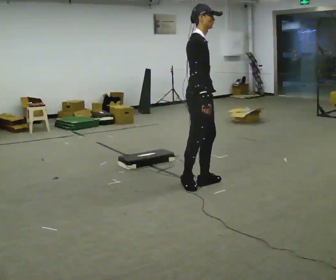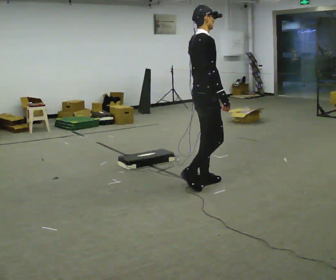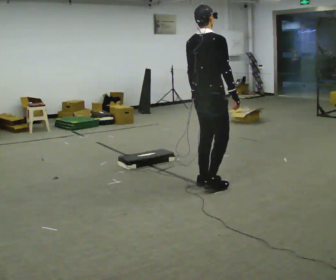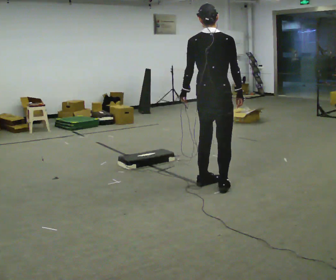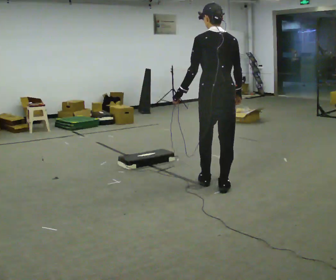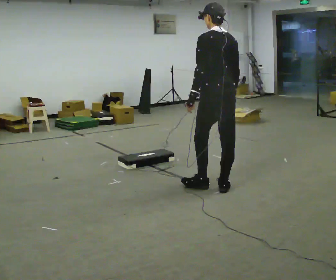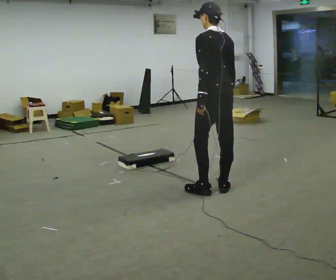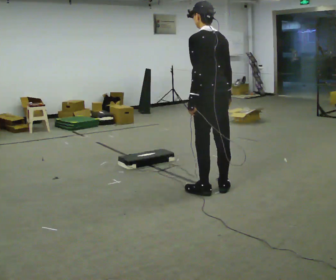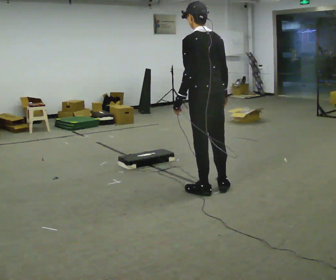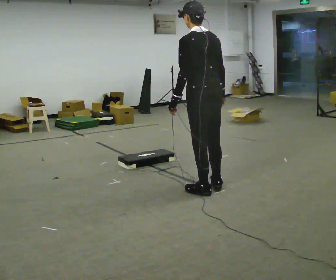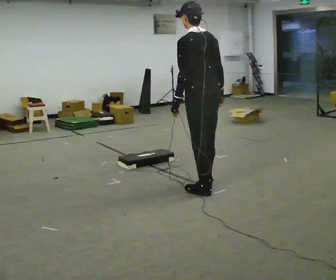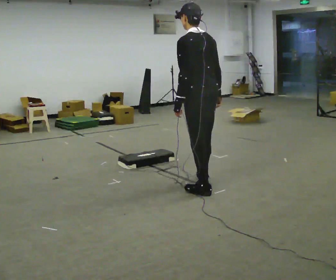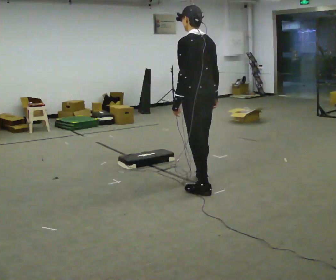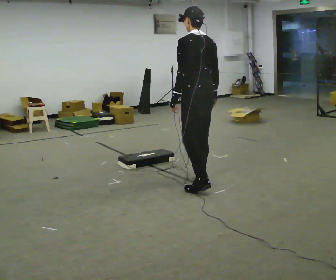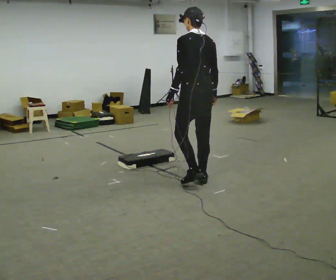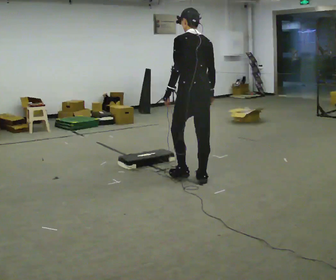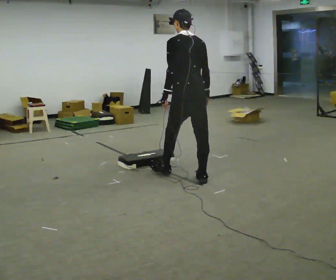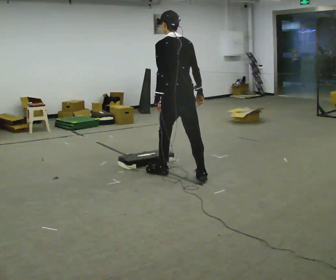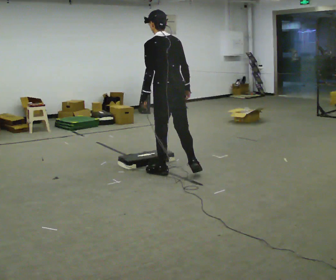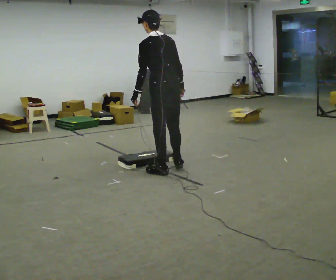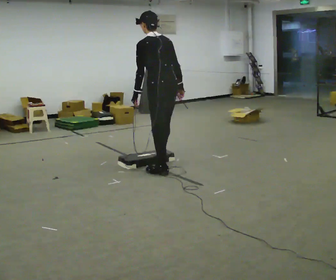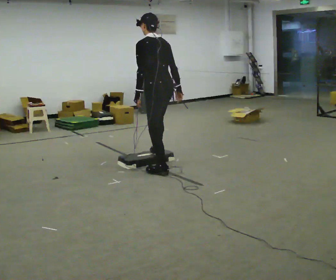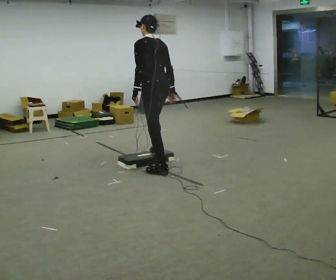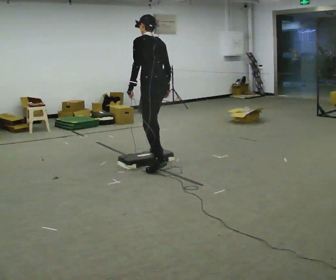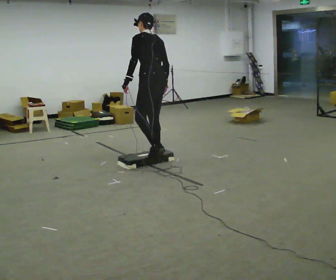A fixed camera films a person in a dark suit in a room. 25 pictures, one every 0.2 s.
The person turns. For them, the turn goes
to their left.
The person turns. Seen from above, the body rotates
counterclockwise.
0.0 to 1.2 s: The part of the body nearest the lens slides to the right as the person turns to their left by about 135 degrees. In the picture they go to the right and toward the camera, about 0.25 m in 2 steps. In the picture the upper body tilts counterclockwise, shoulders to the left.
1.2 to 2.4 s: In the picture they go to the left, about 0.25 m in 1 step, which for them is forward.
2.4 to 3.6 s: In the picture they go to the left and away from the camera, about 0.5 m in 1 step, which for them is forward.
3.6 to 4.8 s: In the picture they go away from the camera and to the left, about 0.5 m in 1 step, which for them is forward and to their right.
The film runs forward here.
